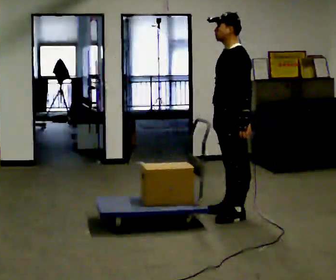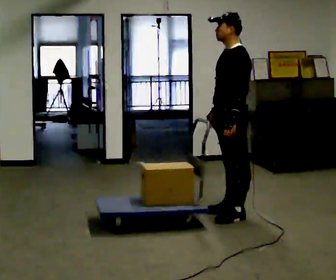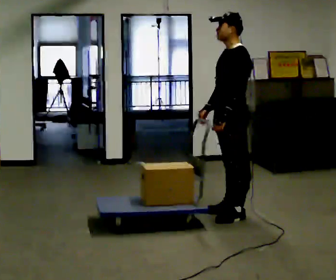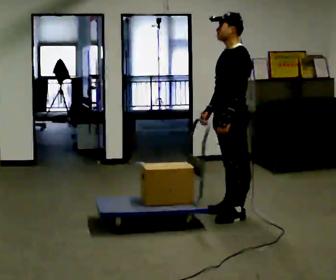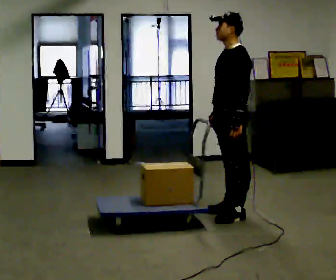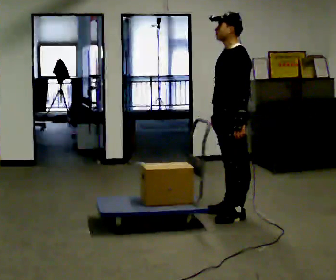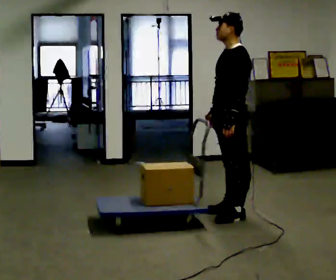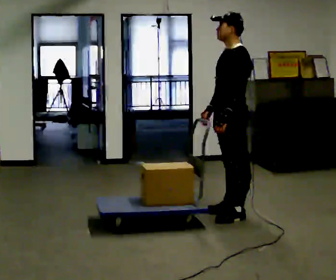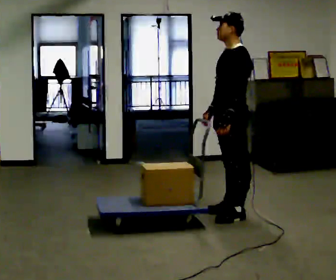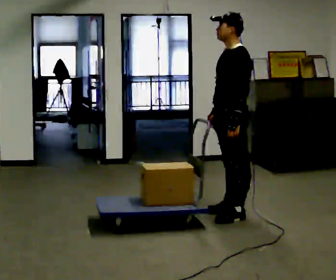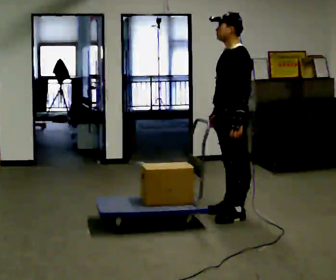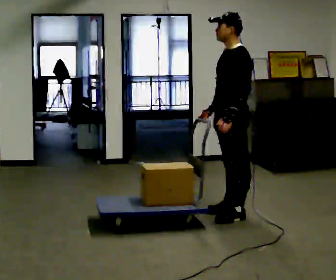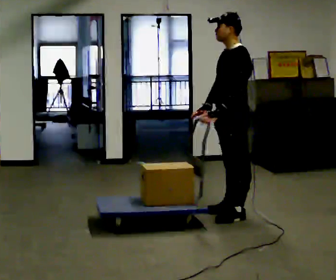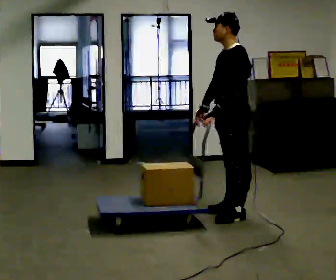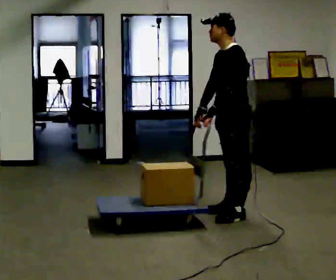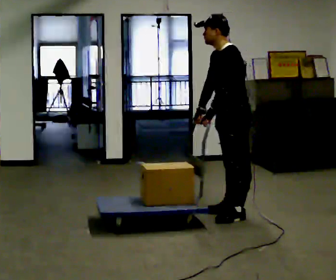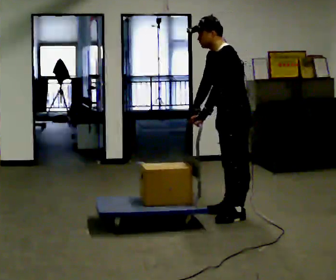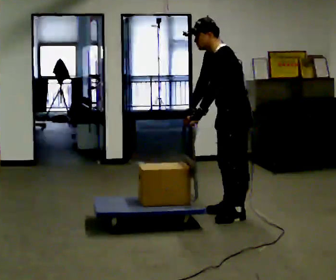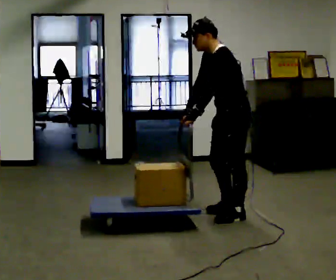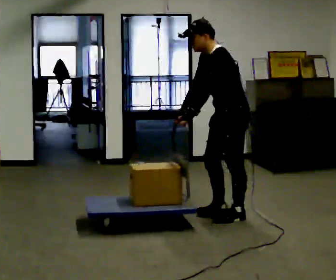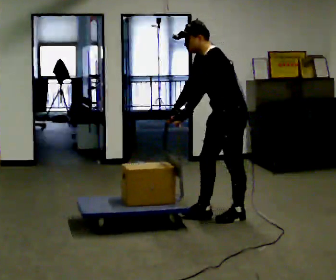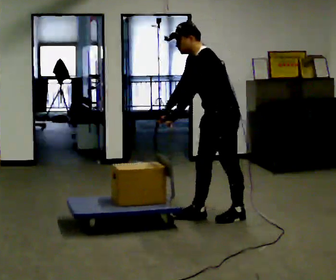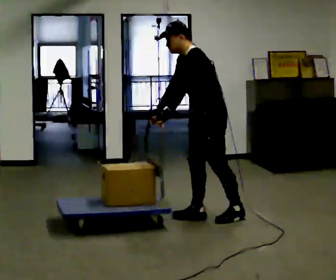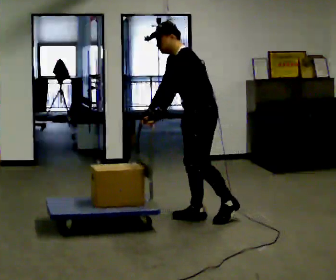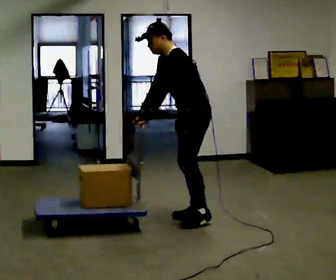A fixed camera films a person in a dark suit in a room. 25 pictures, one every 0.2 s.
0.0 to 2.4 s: The person moves a little, or ends about where they began.
2.4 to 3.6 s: In the picture the upper body tilts counterclockwise, shoulders to the left, as they bend forward.
3.6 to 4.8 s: In the picture they go to the left, about 0.25 m in 1 step, which for them is forward.
The film runs forward here.
